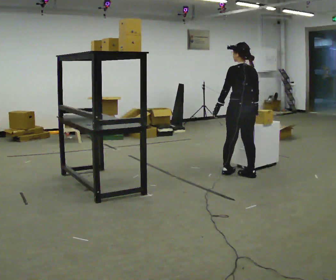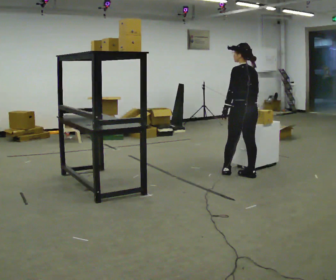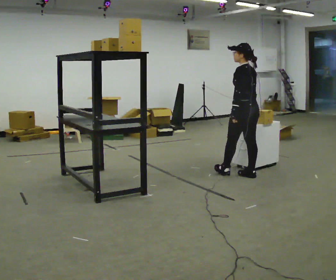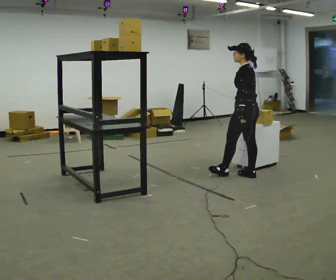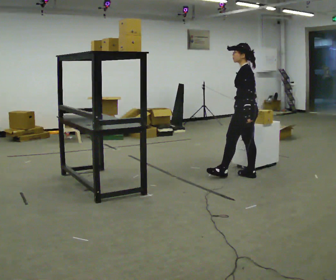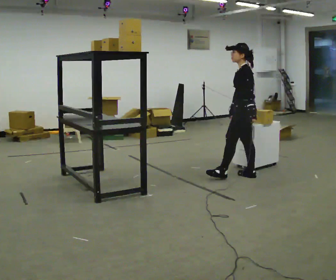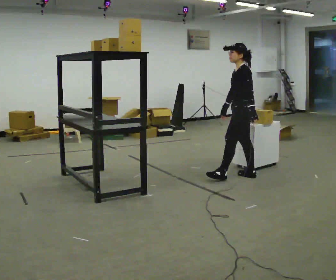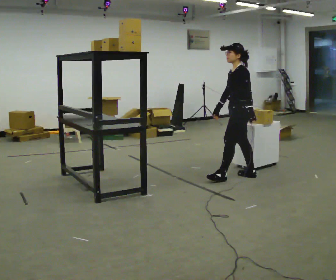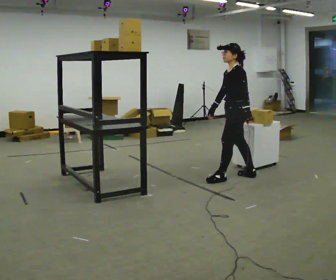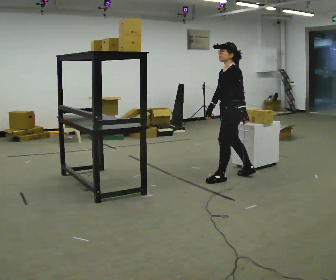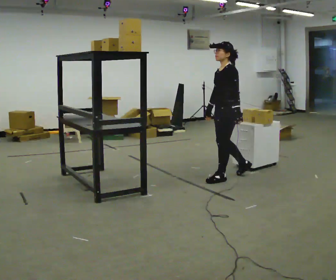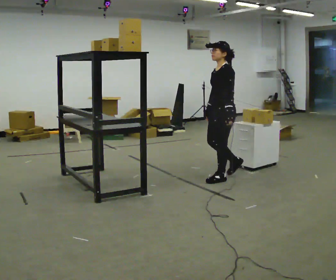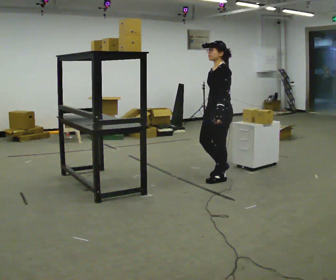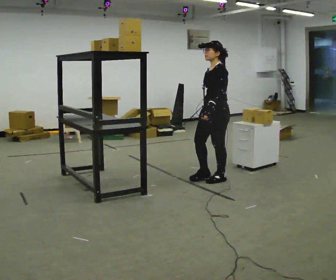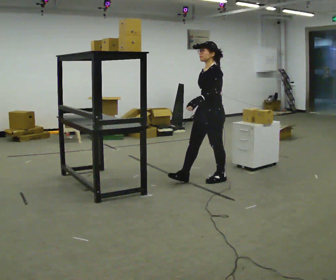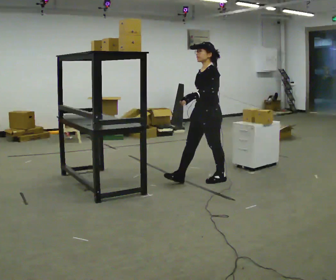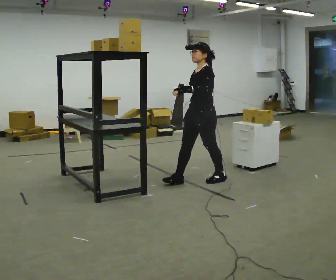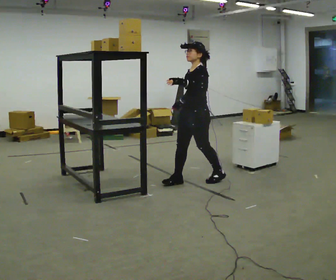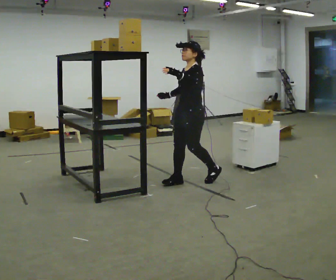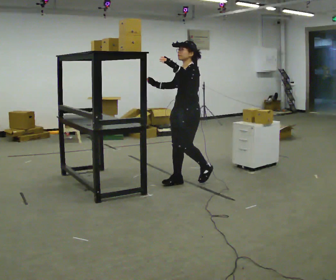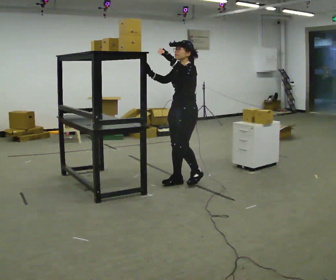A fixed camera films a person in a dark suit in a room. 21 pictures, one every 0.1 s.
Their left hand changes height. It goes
upward.
Their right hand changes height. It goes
upward.
0.0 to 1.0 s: The person turns about 75 degrees to their left, counterclockwise seen from above, so the part of the body nearest the lens slides to the right. In the picture they go to the left and toward the camera, about 0.25 m in 1 step.
1.0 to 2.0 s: In the picture they go to the left, about 0.5 m in 1 step, which for them is forward. In the picture their left hand goes upward.
The film runs forward here.
